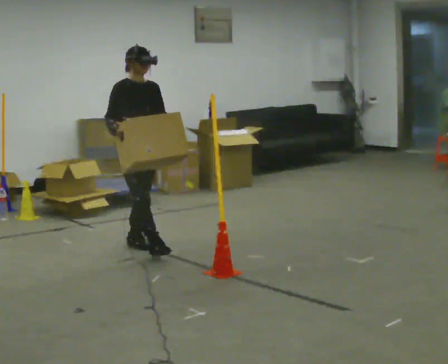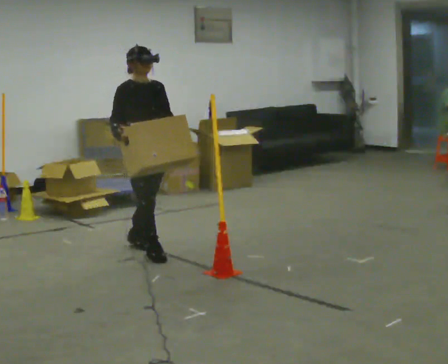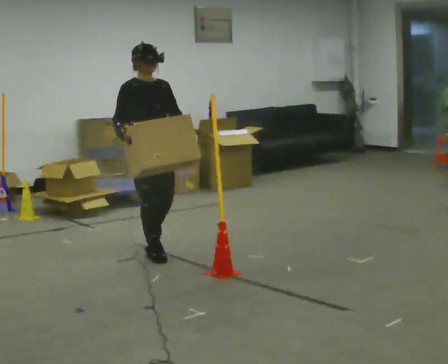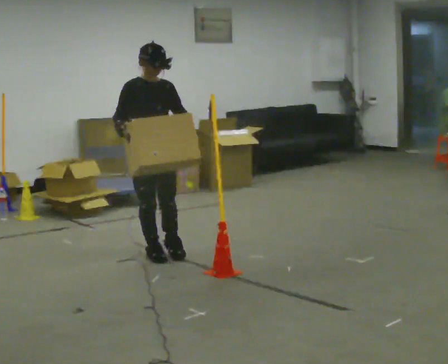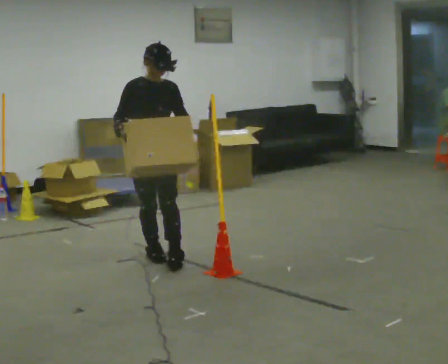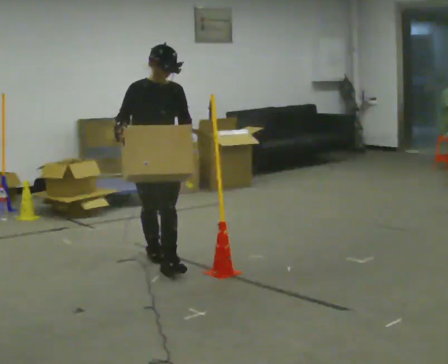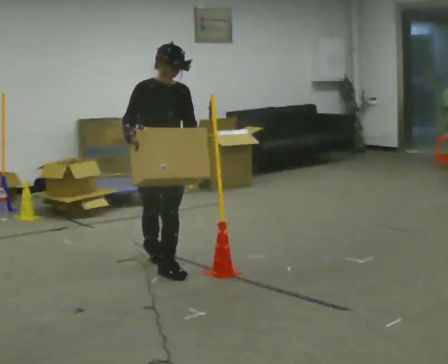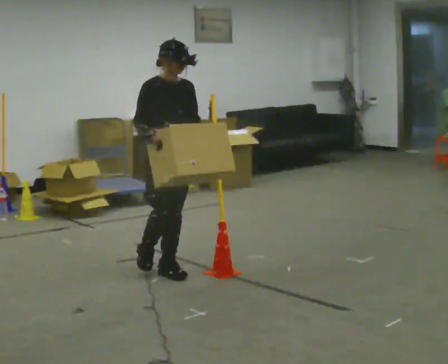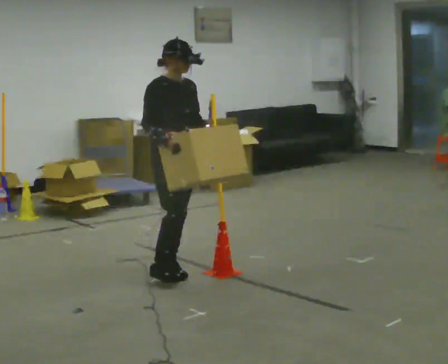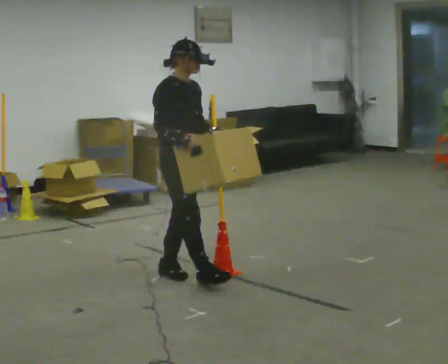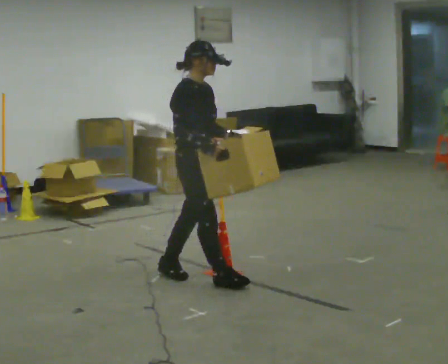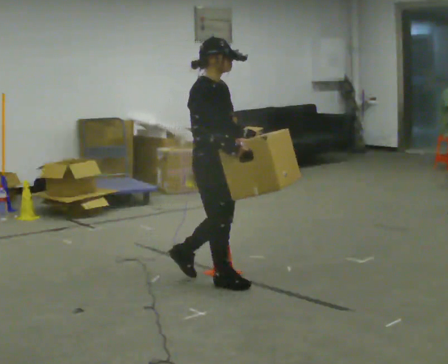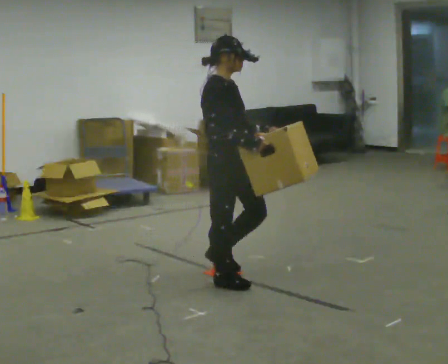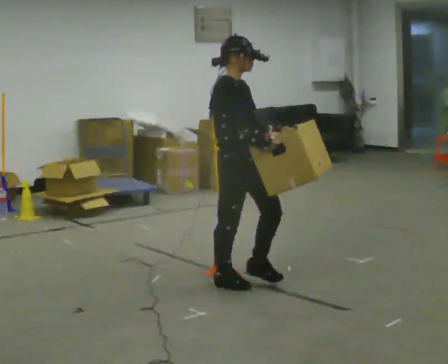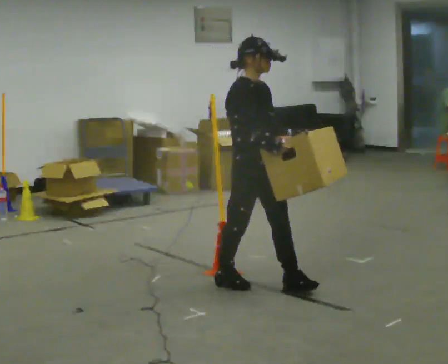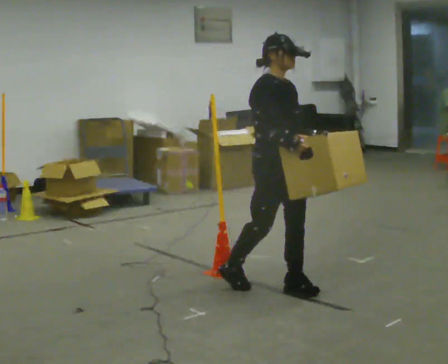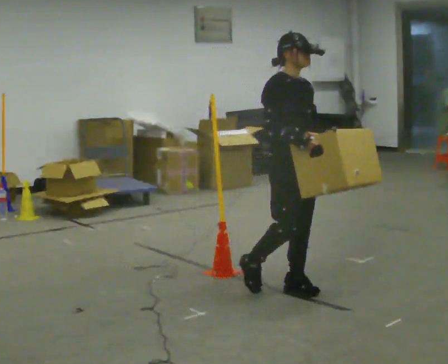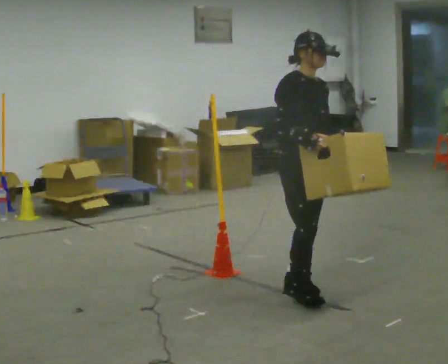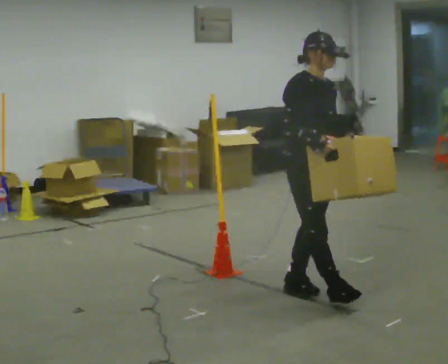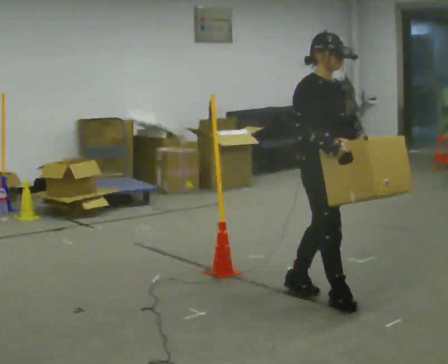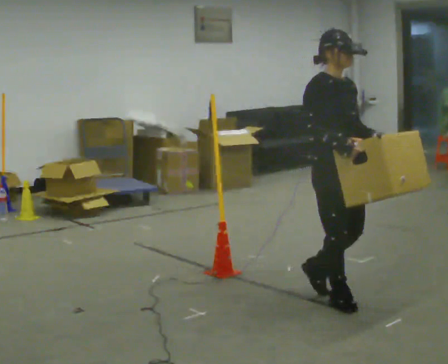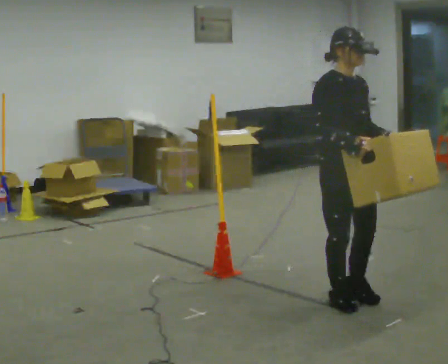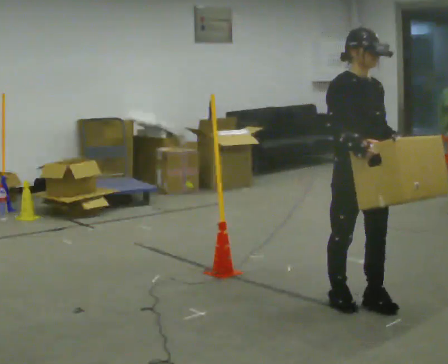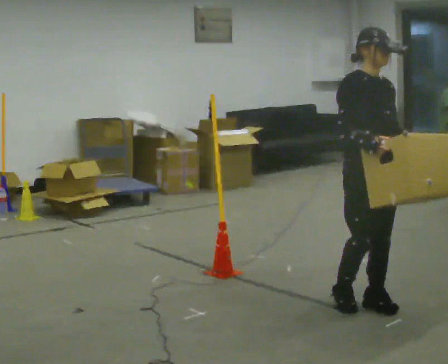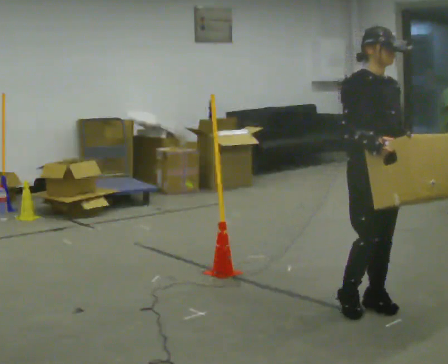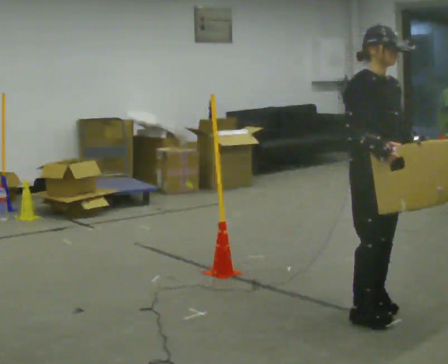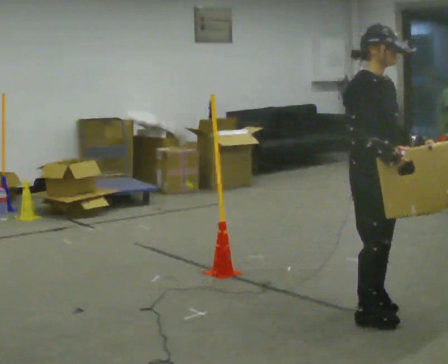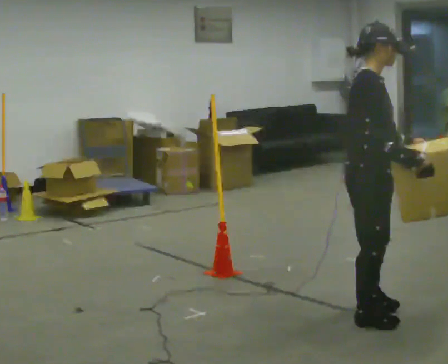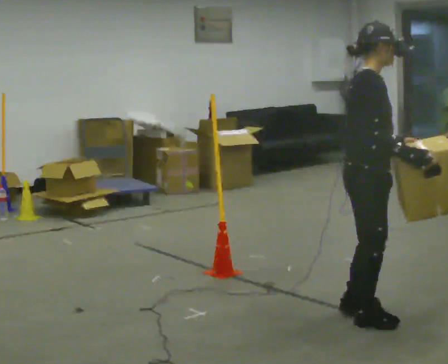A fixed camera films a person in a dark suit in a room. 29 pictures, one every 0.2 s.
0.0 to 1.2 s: In the picture they go toward the camera and to the right, about 0.5 m in 2 steps, which for them is forward.
1.2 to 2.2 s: Seen from above the body turns counterclockwise, about 60 degrees: to their left, with its near side sliding to the right. In the picture they go toward the camera and to the right, about 0.5 m in 1 step, which for them is forward.
2.2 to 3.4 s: Seen from above the body turns clockwise, about 30 degrees: to their right, with its near side sliding to the left. In the picture they go to the right and toward the camera, about 0.5 m in 1 step, which for them is forward.
3.4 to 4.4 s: In the picture they go toward the camera and to the right, about 0.5 m in 2 steps, which for them is forward.
4.4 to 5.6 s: The part of the body nearest the lens slides to the right as the person turns to their left by about 45 degrees. In the picture they go toward the camera, about 0.25 m in 1 step, which for them is to their right and forward.
The film runs forward here.
